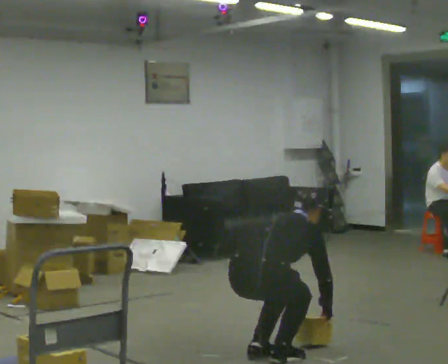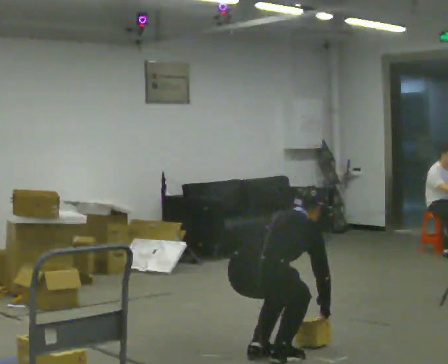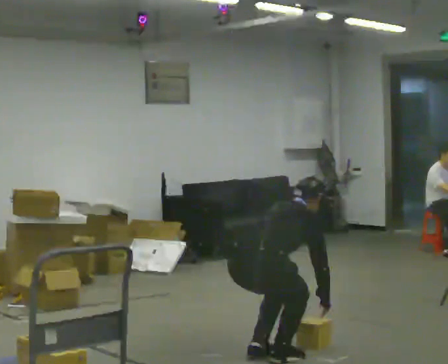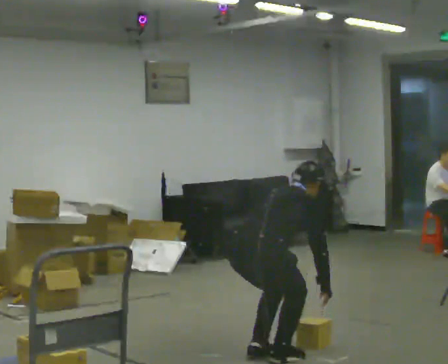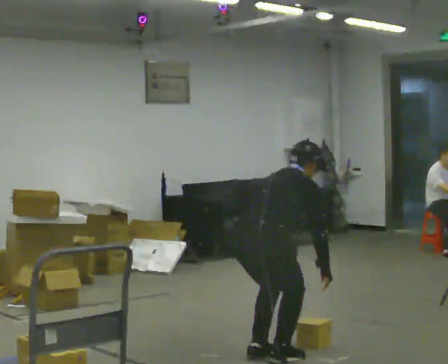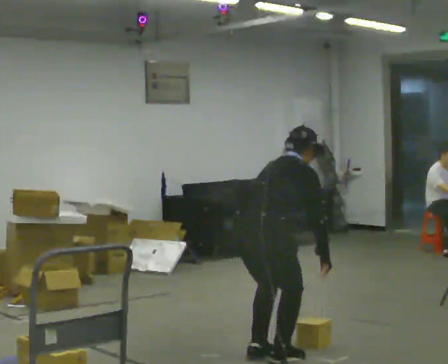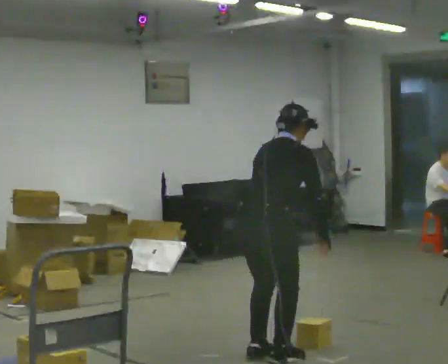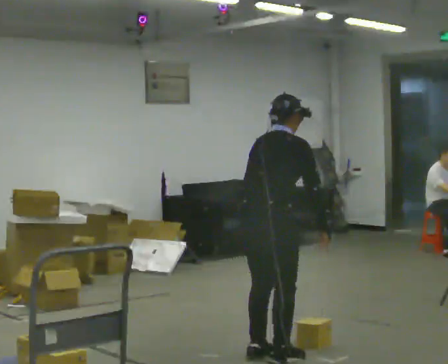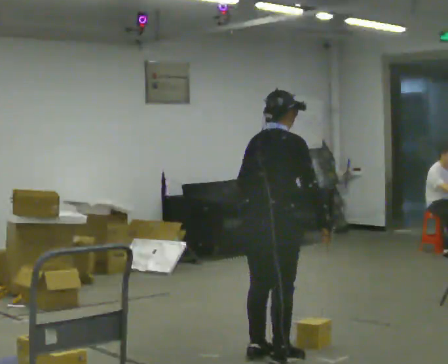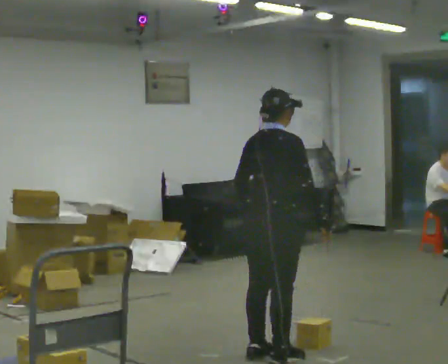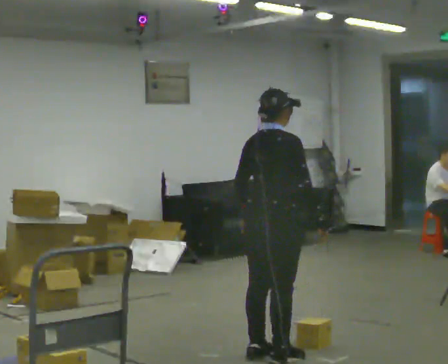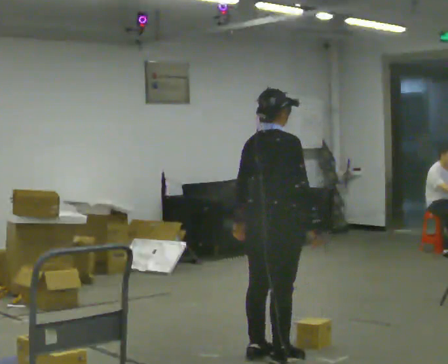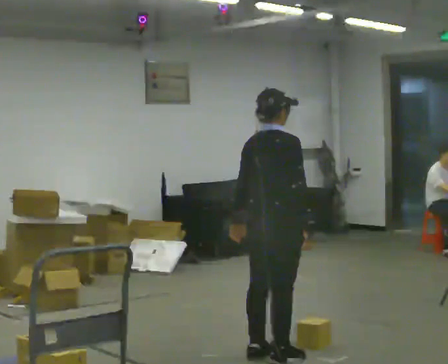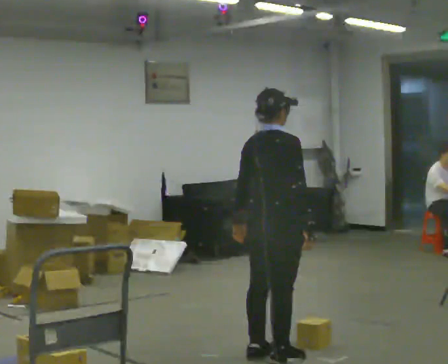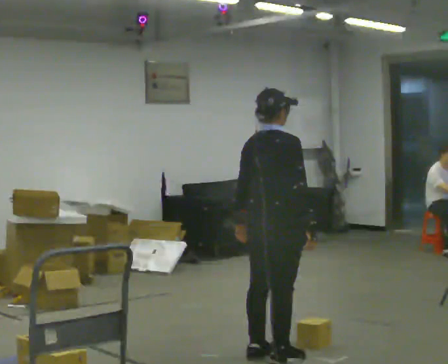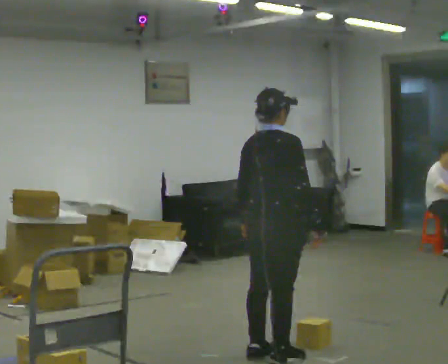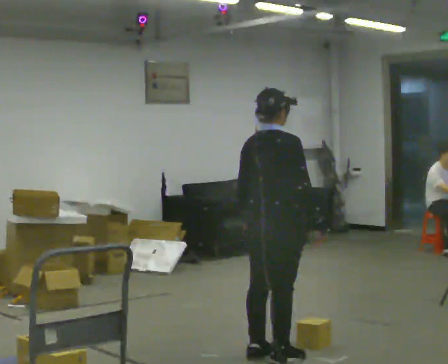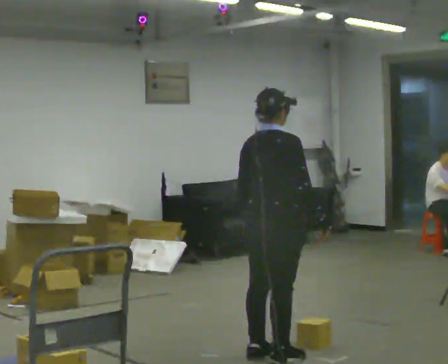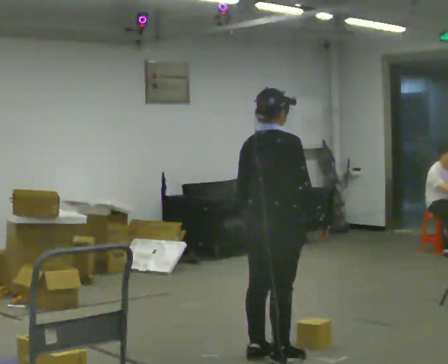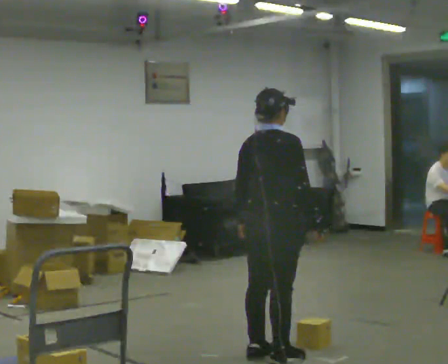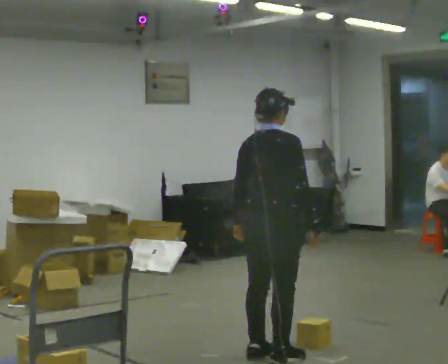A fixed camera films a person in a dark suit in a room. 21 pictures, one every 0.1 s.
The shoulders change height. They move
upward.
Their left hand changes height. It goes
upward.
0.0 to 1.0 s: The upper body goes upward. In the picture the upper body tilts counterclockwise, shoulders to the left, as they lean back or straighten. In the picture their right hand goes upward.
1.0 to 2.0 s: The person moves a little, or ends about where they began.
The film runs forward here.
